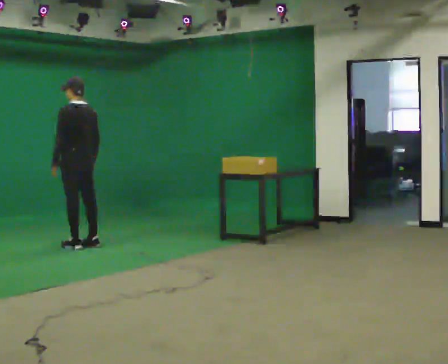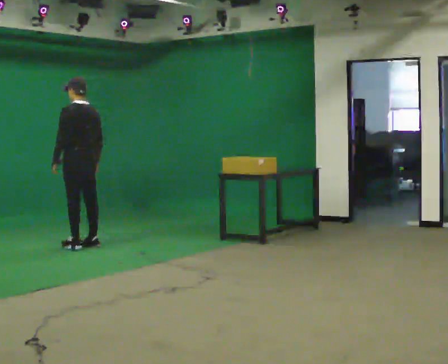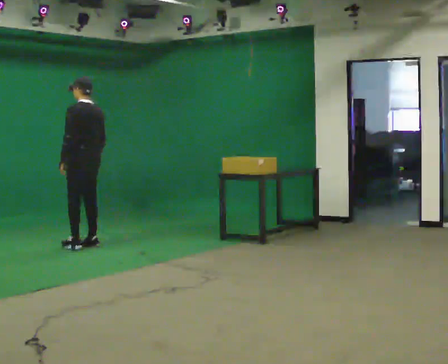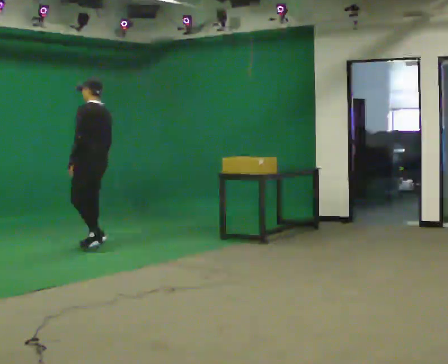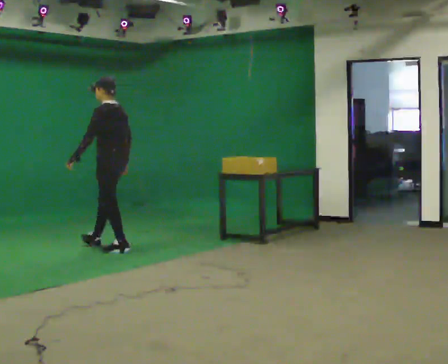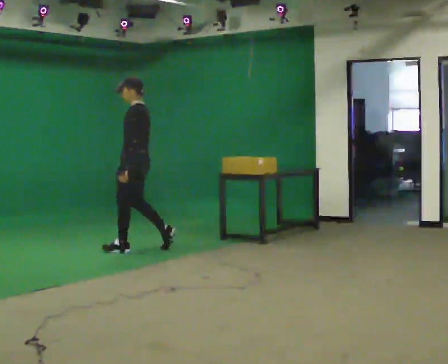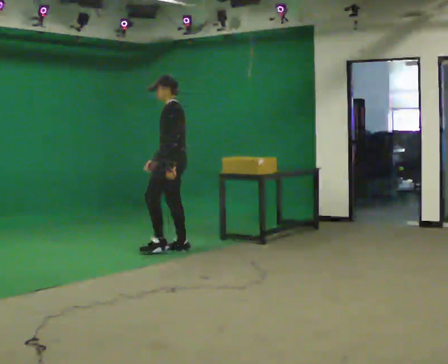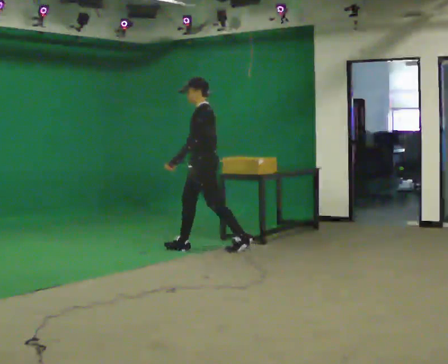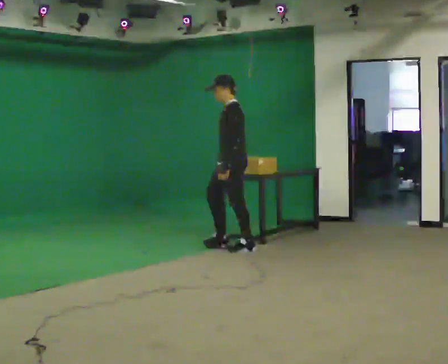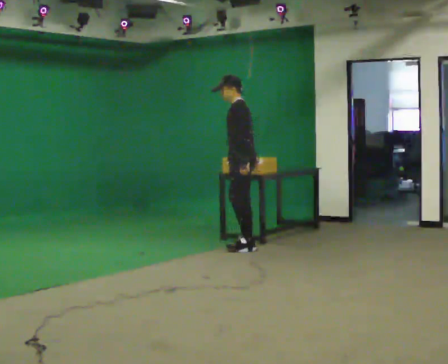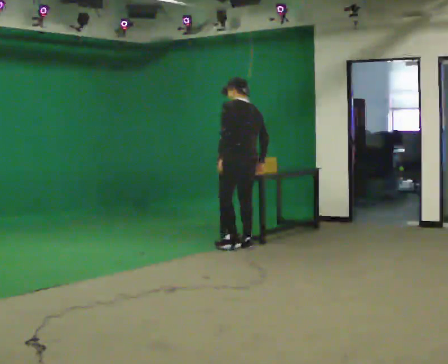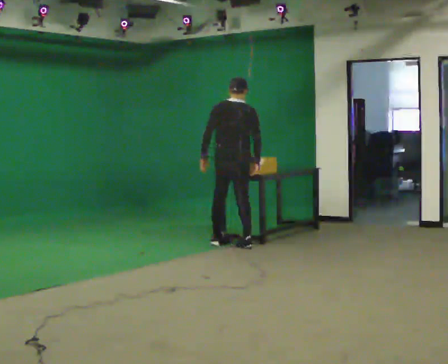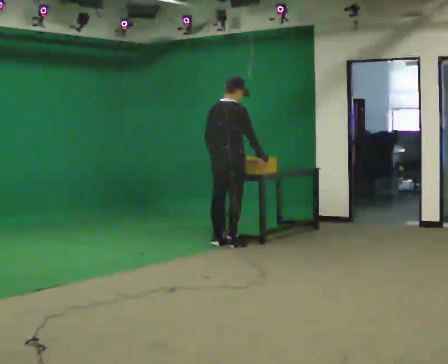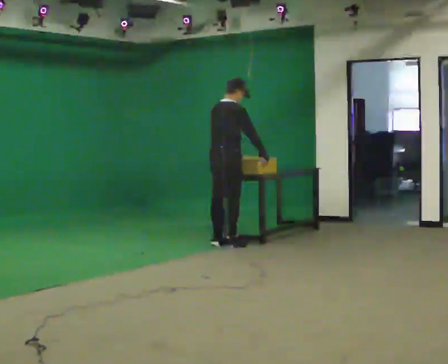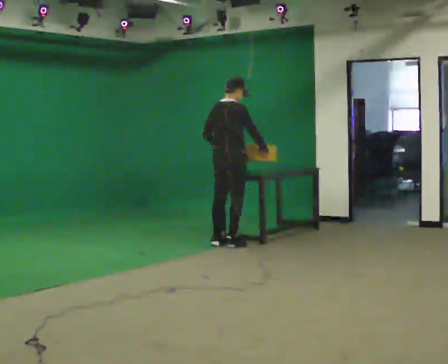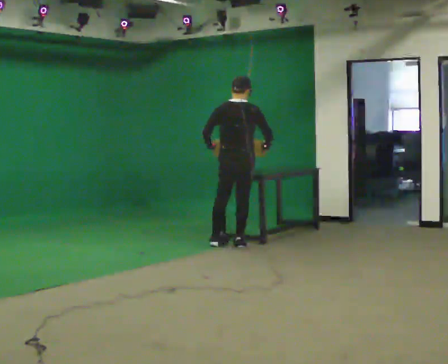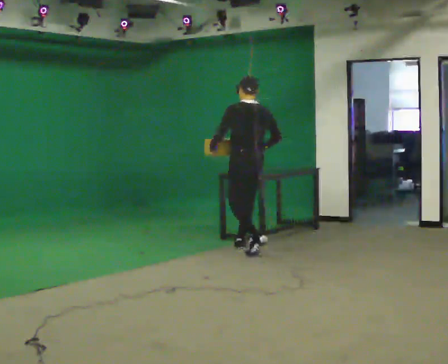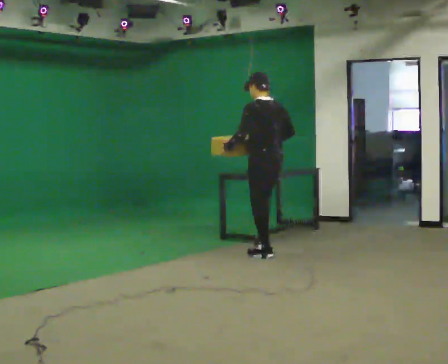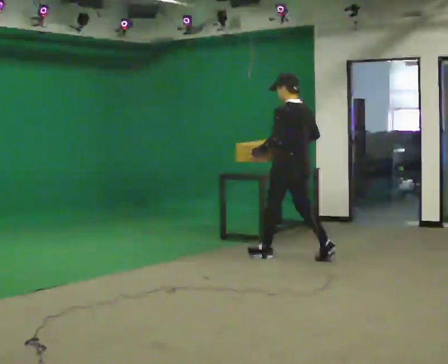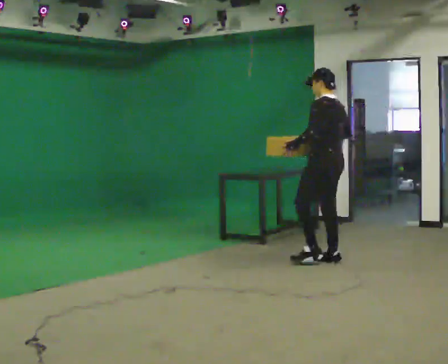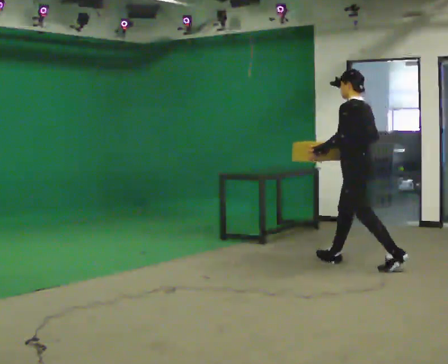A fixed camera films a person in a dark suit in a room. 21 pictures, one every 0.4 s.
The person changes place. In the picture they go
to the right.
0.0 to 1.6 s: In the picture they go to the right, about 0.5 m in 2 steps, which for them is backward.
1.6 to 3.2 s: The part of the body nearest the lens slides to the right as the person turns to their left by about 30 degrees. In the picture they go to the right, about 1 m in 2 steps, which for them is backward.
3.2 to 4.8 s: The person turns about 135 degrees to their right, clockwise seen from above, so the part of the body nearest the lens slides to the left. In the picture they go away from the camera, about 0.25 m in 2 steps.
4.8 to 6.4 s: Seen from above the body turns counterclockwise, about 60 degrees: to their left, with its near side sliding to the right. In the picture they go toward the camera and to the right, about 0.25 m in 1 step.
6.4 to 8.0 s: Seen from above the body turns counterclockwise, about 30 degrees: to their left, with its near side sliding to the right. In the picture they go to the right and toward the camera, about 1 m in 2 steps, which for them is backward.
The film runs backward here.
